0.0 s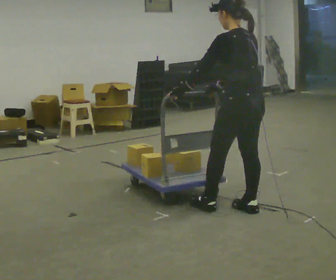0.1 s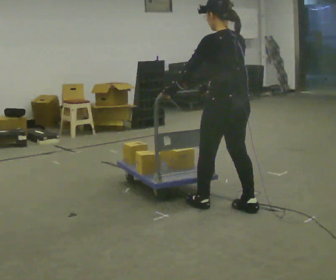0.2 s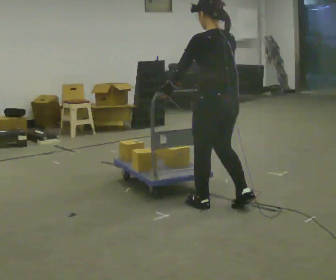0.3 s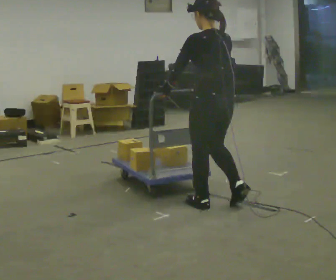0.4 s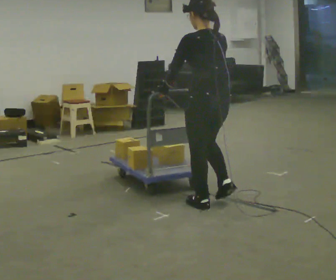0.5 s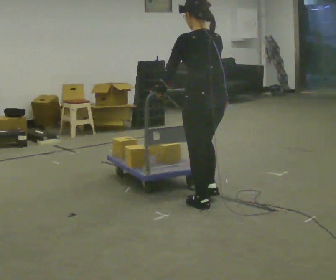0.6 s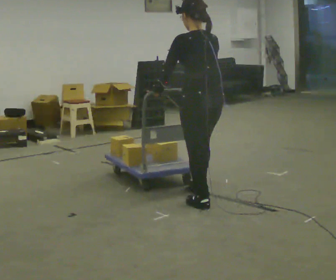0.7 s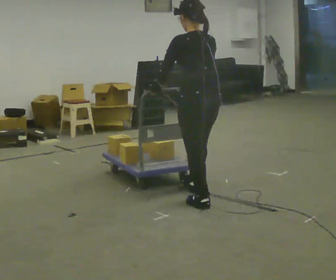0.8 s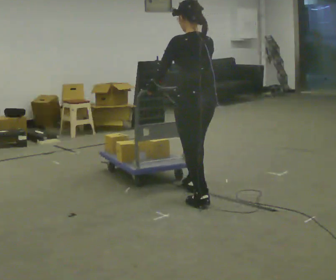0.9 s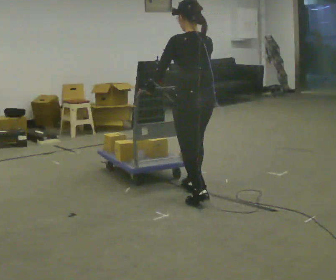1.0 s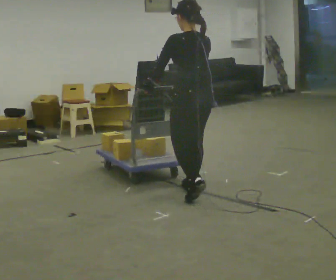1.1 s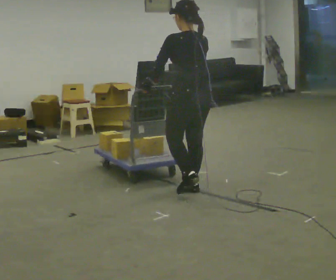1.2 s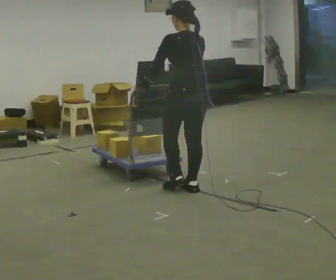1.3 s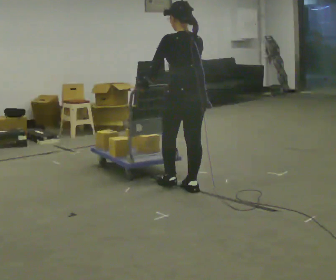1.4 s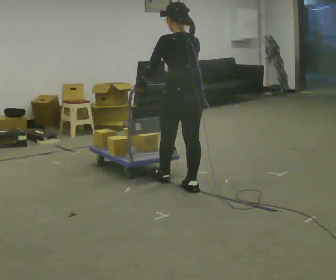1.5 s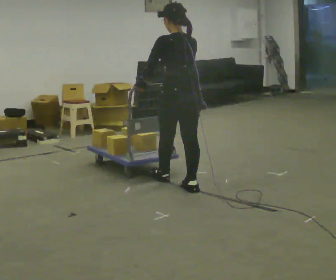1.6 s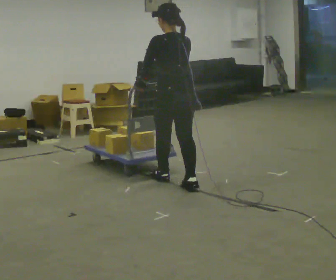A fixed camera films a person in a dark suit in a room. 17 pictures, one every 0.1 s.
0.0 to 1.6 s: In the picture they go away from the camera and to the left, about 1 m in 2 steps, which for them is forward.
The film runs forward here.
